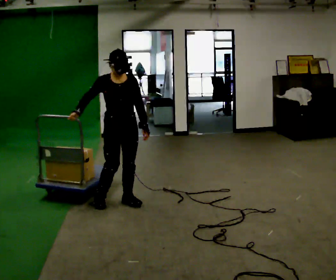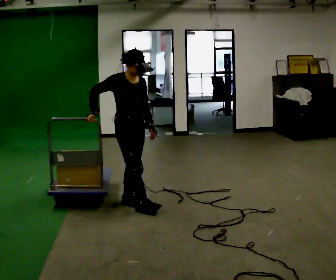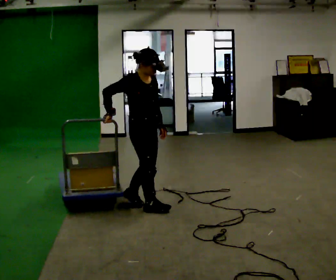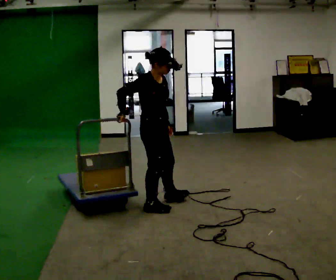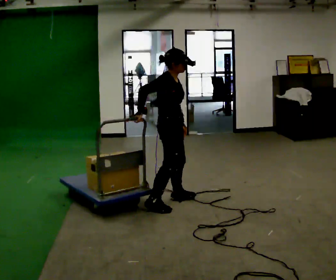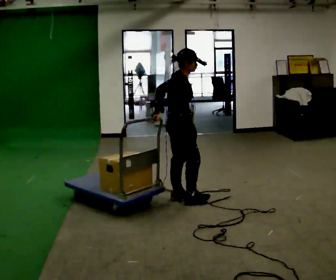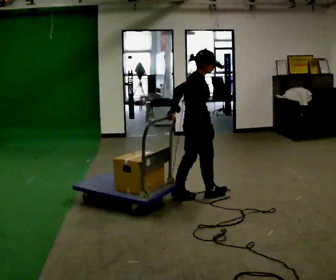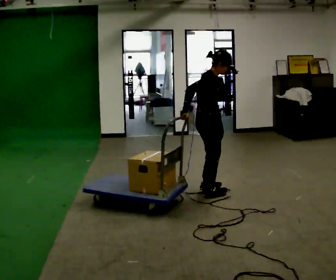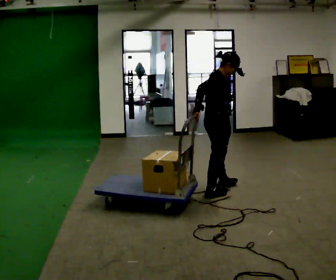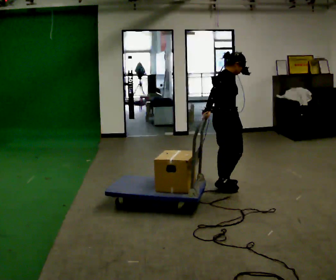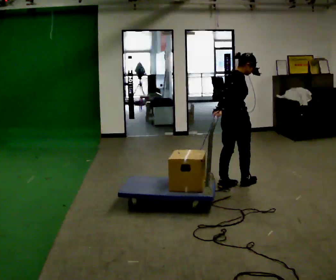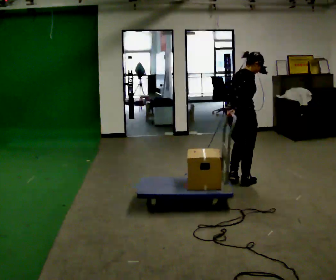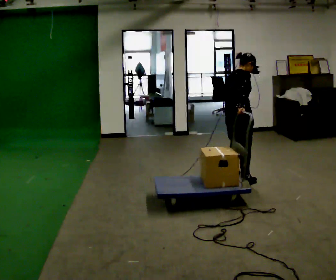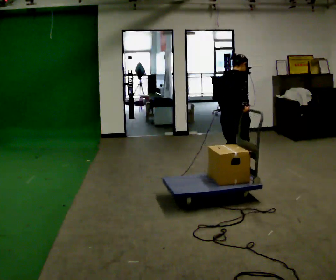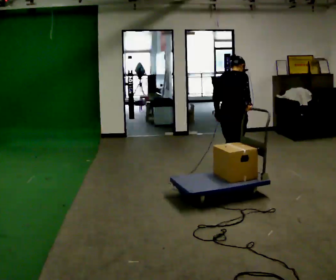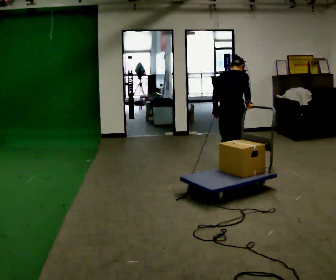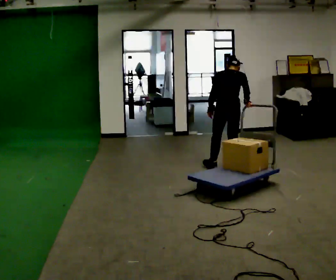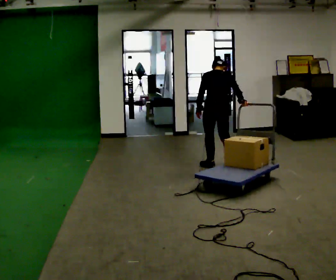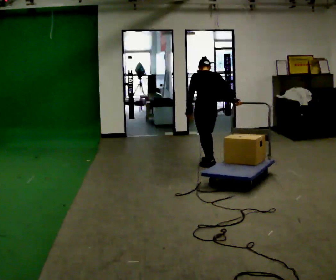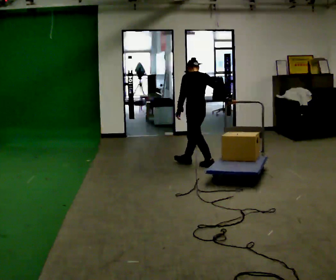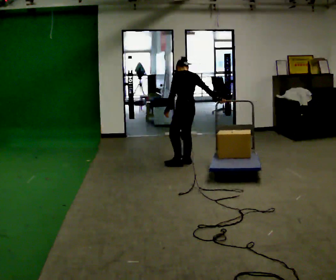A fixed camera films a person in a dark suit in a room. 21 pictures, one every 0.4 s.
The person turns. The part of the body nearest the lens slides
to the right.
The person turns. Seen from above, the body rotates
counterclockwise.
0.0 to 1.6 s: Seen from above the body turns counterclockwise, about 60 degrees: to their left, with its near side sliding to the right. In the picture they go to the right, about 0.5 m in 2 steps, which for them is forward and to their left.
1.6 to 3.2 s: In the picture they go to the right and away from the camera, about 0.5 m in 2 steps, which for them is forward.
3.2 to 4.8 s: The person turns about 30 degrees to their left, counterclockwise seen from above, so the part of the body nearest the lens slides to the right. In the picture they go away from the camera and to the right, about 0.5 m in 2 steps, which for them is forward and to their left.
4.8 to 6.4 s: Seen from above the body turns counterclockwise, about 60 degrees: to their left, with its near side sliding to the right. In the picture they go away from the camera, about 0.5 m in 1 step, which for them is forward.
6.4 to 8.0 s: The part of the body nearest the lens slides to the right as the person turns to their left by about 45 degrees. In the picture they go to the left and away from the camera, about 0.5 m in 2 steps, which for them is forward and to their left.
The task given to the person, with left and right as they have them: Pull the cart behind you as you walk backward across the room. The operator will confirm the space behind you is clear before each take.
The film runs forward here.
